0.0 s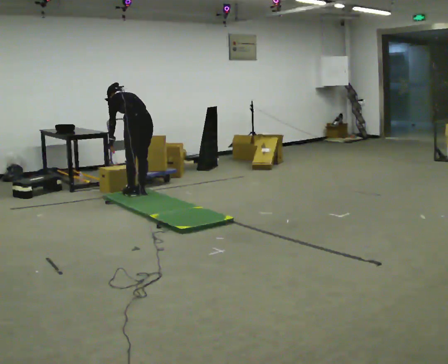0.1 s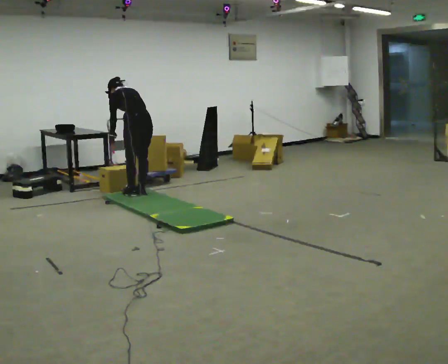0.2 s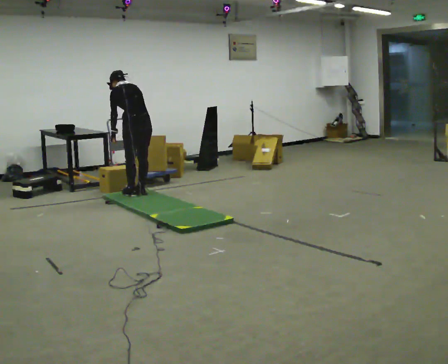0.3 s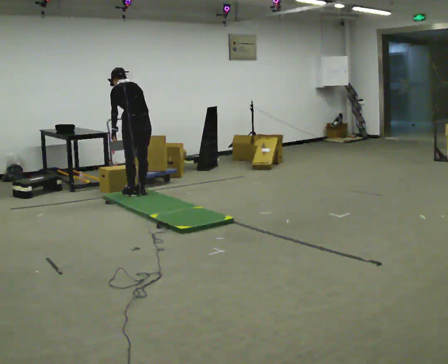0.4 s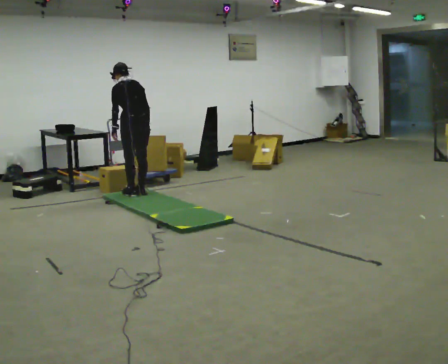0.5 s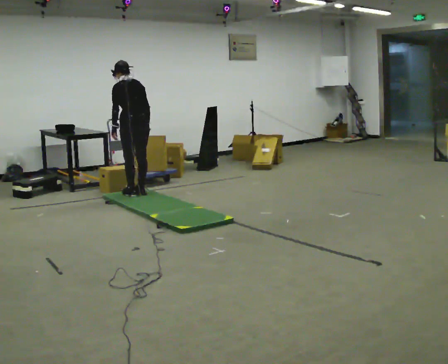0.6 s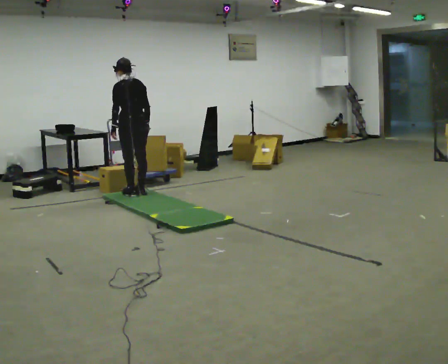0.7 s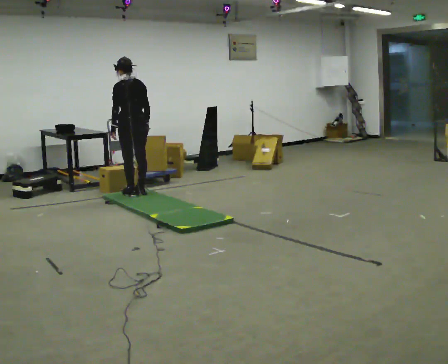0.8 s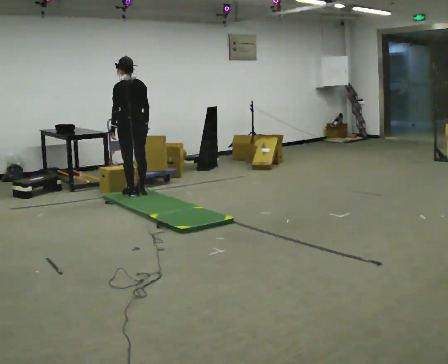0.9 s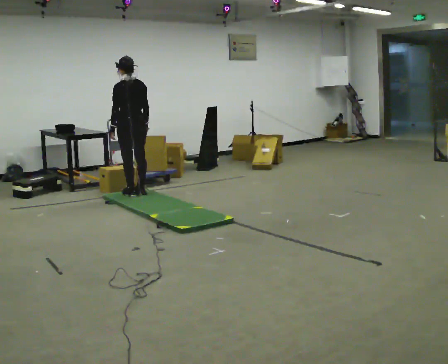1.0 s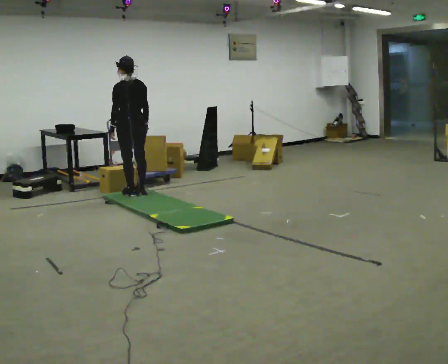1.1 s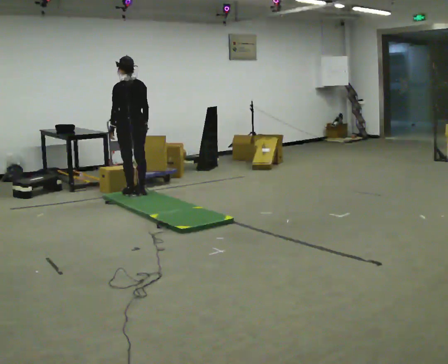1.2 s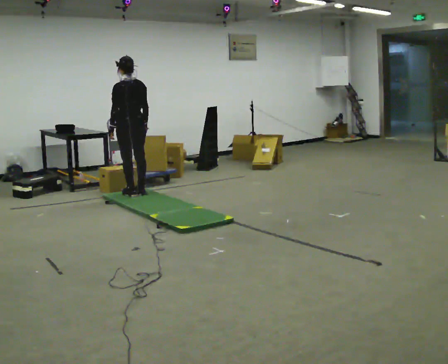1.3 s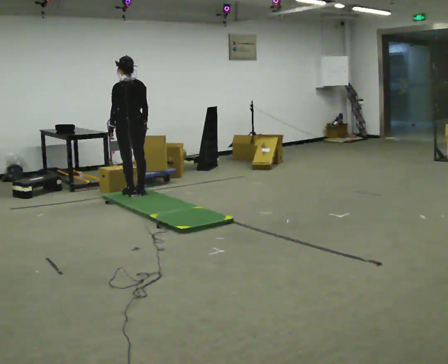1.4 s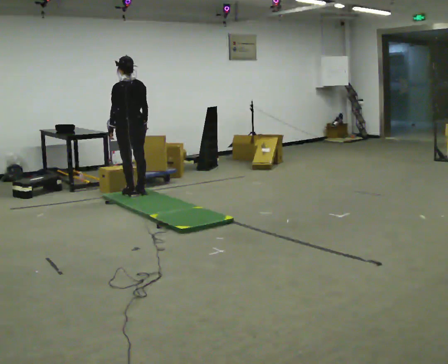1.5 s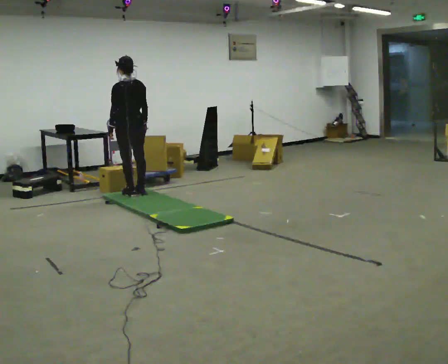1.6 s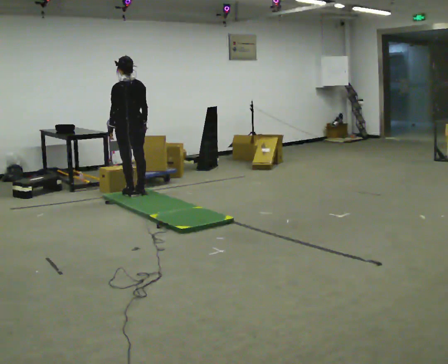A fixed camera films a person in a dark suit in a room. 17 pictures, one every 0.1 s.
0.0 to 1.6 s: The shoulders move upward. The upper body tips toward the camera, its near side rolling downward, as they lean back or straighten.
The film runs backward here.
